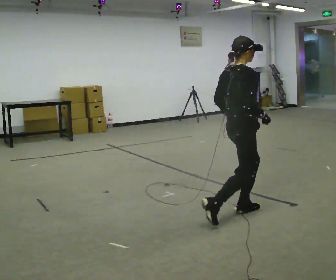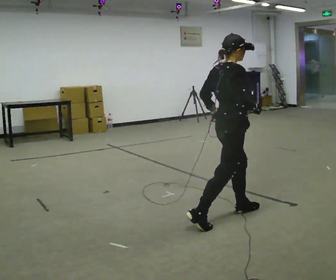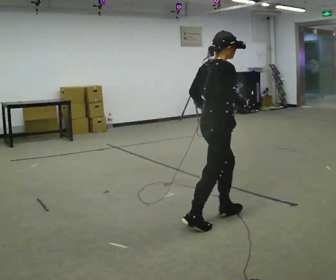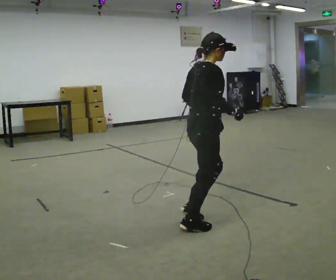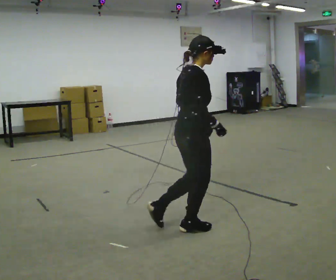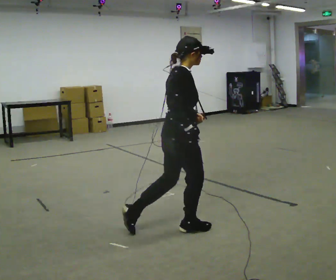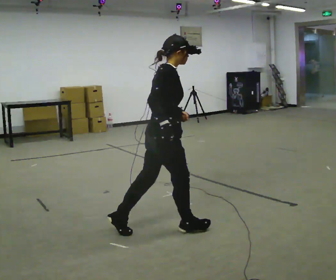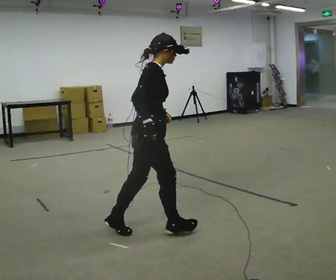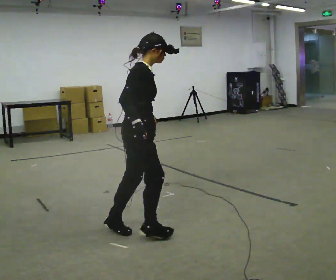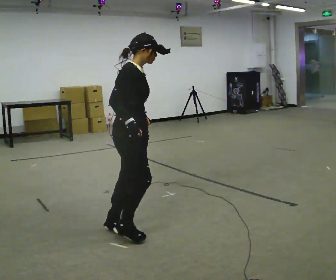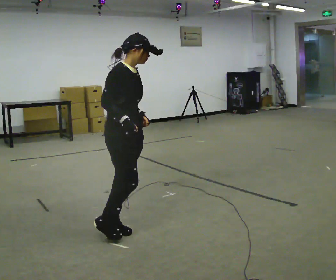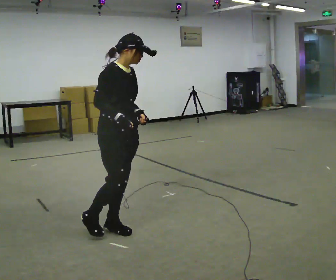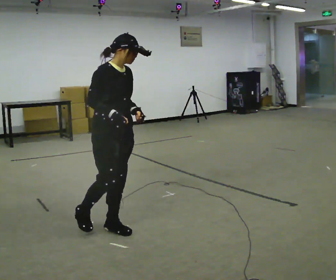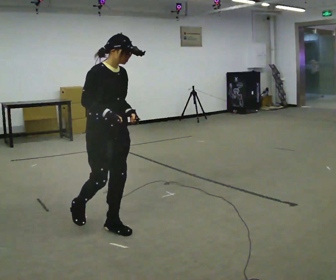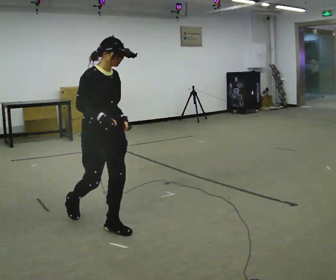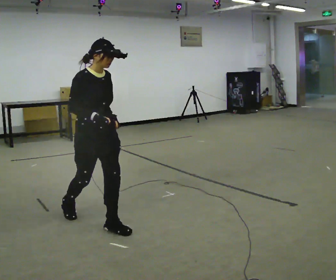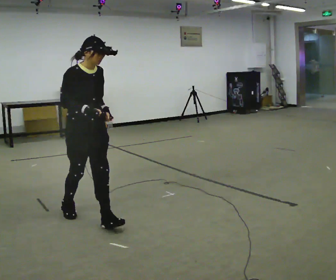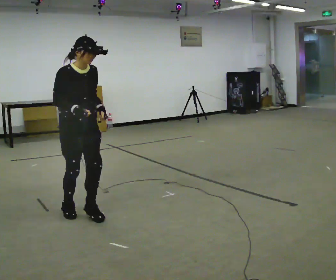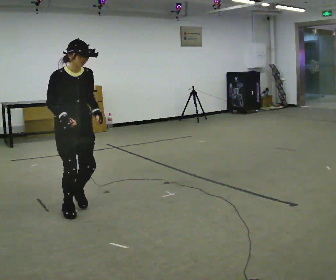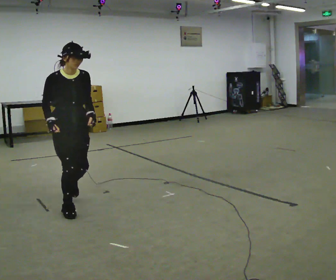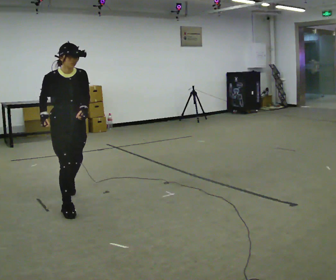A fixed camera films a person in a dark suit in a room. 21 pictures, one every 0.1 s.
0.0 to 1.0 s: Seen from above the body turns clockwise, about 30 degrees: to their right, with its near side sliding to the left. In the picture they go to the left, about 1 m in 2 steps, which for them is backward.
1.0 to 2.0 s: The part of the body nearest the lens slides to the left as the person turns to their right by about 45 degrees. In the picture they go away from the camera and to the left, about 1 m in 1 step, which for them is backward.
The film runs backward here.
